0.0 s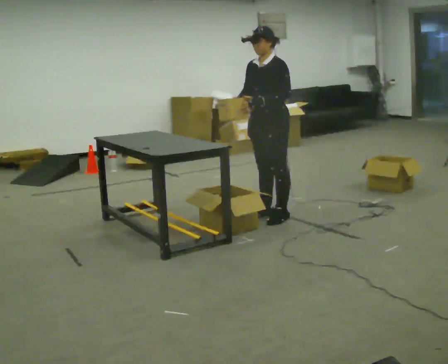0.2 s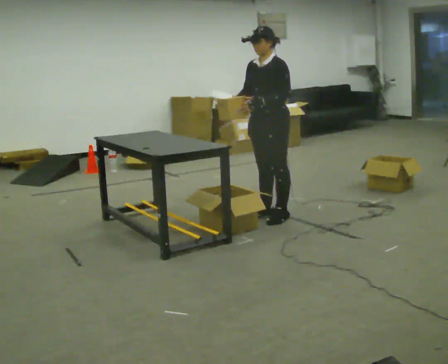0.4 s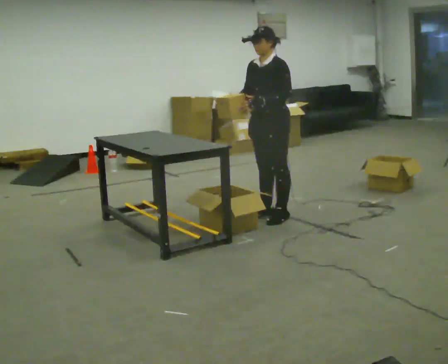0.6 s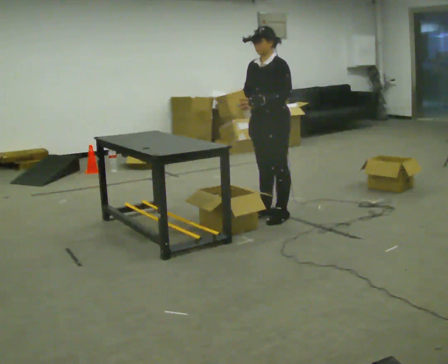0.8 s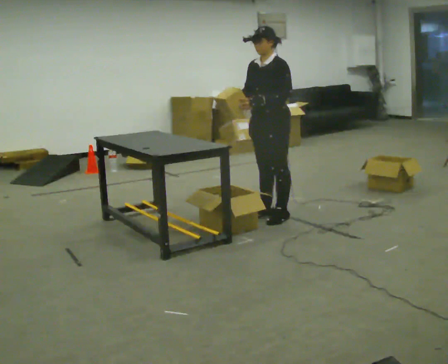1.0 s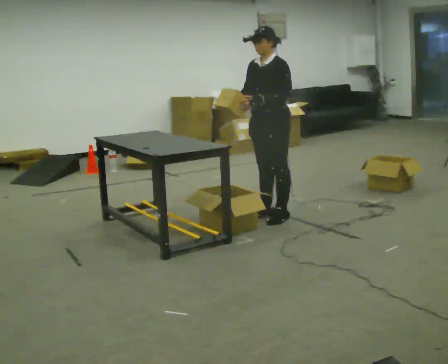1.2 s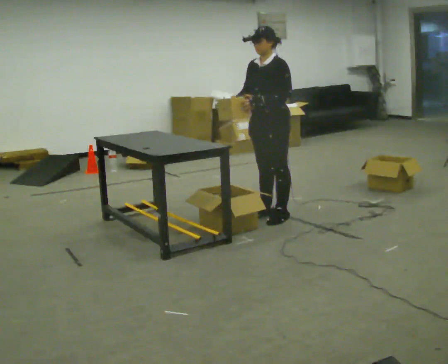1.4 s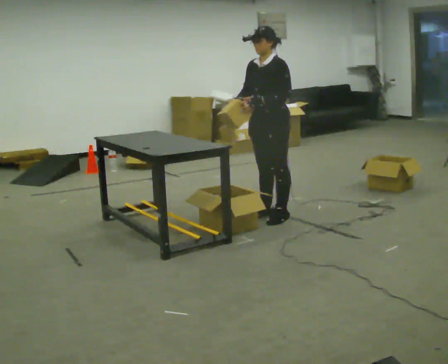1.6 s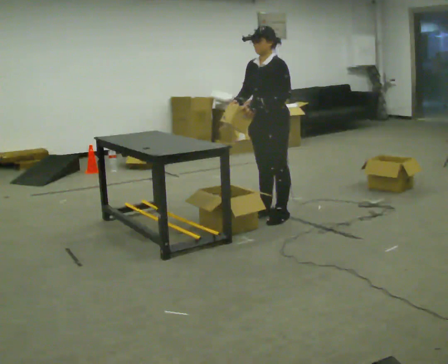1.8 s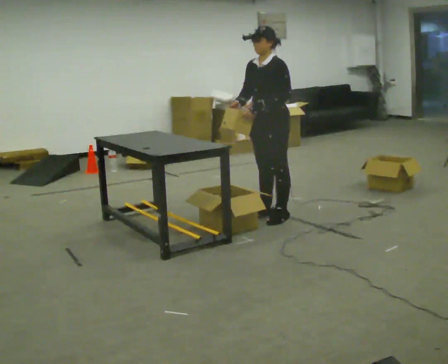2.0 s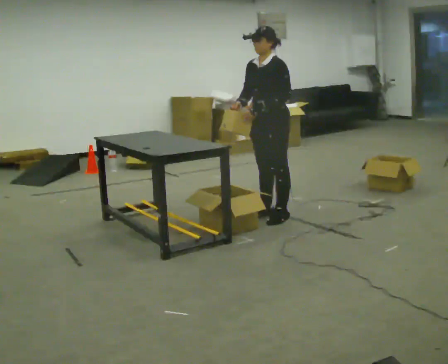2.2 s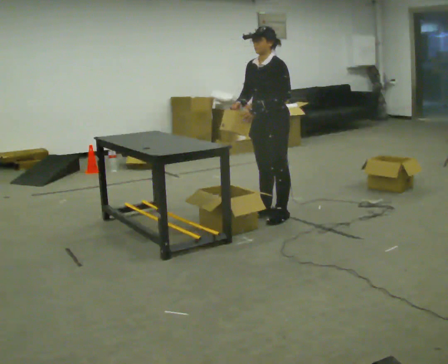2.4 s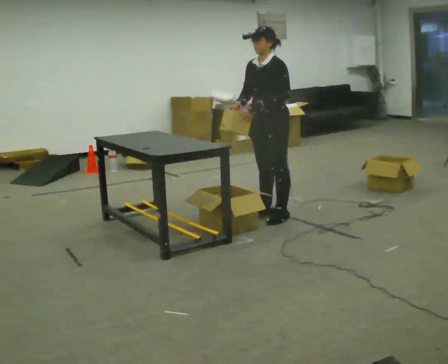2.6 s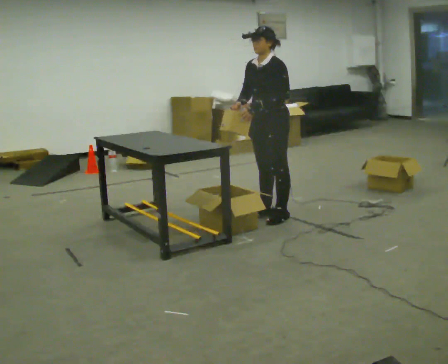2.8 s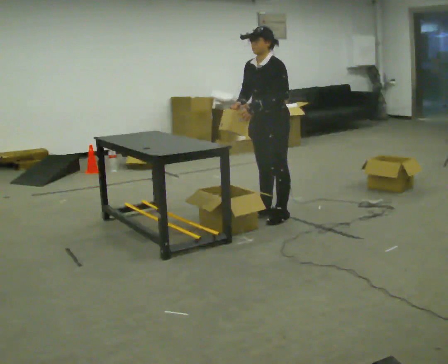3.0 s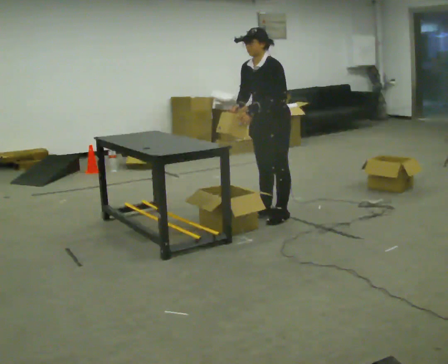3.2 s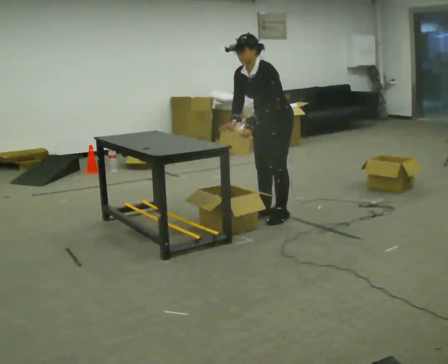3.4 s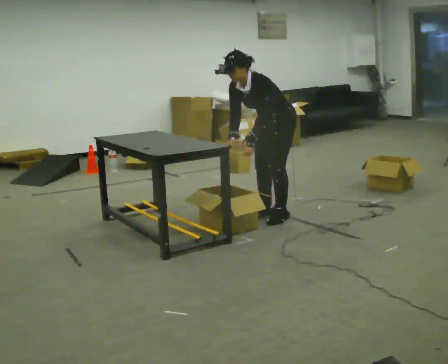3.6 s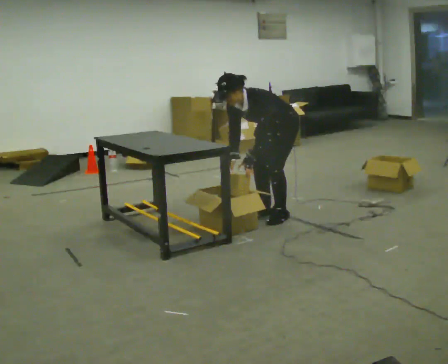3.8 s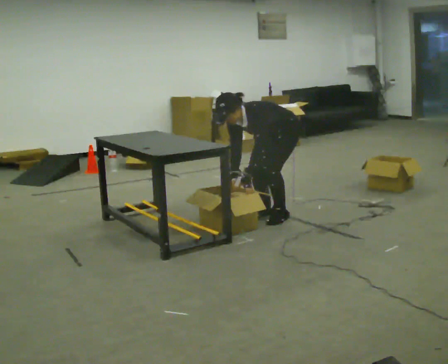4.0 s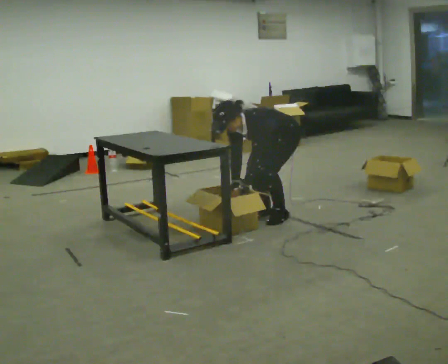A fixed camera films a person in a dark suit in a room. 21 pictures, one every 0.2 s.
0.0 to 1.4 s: The person keeps their place and pose.
1.4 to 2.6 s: The person moves a little, or ends about where they began.
2.6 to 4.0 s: The shoulders move downward. In the picture the upper body tilts counterclockwise, shoulders to the left, as they bend forward. In the picture their left hand goes downward.
The film runs backward here.
